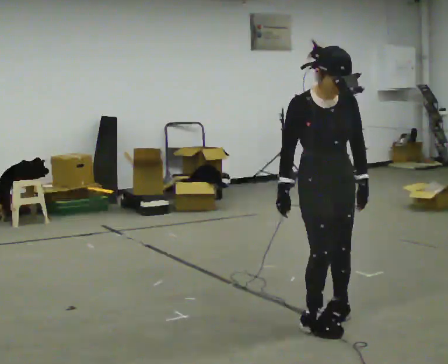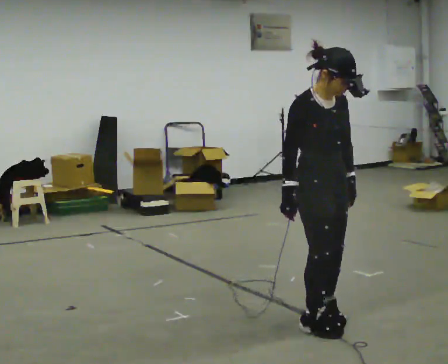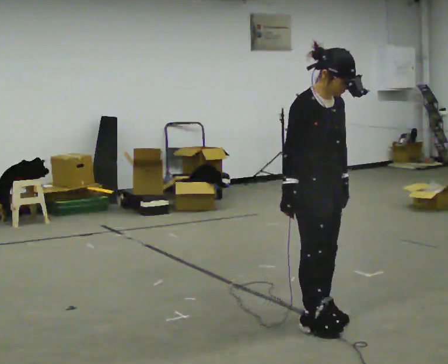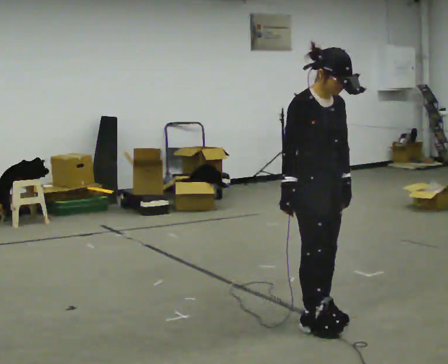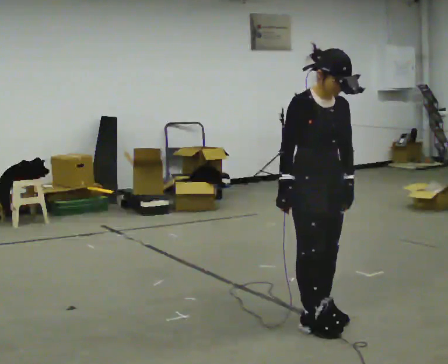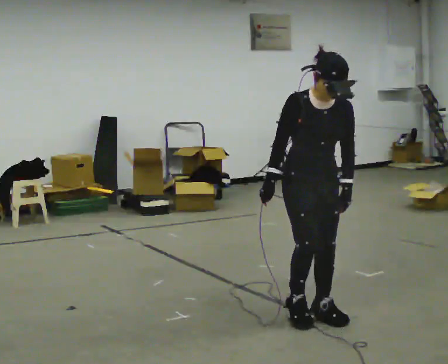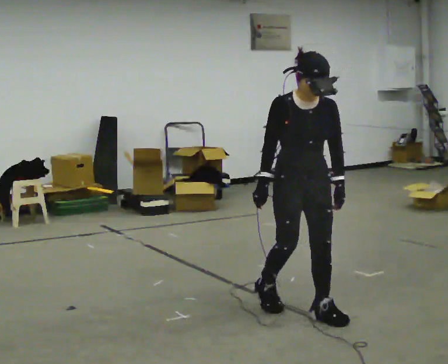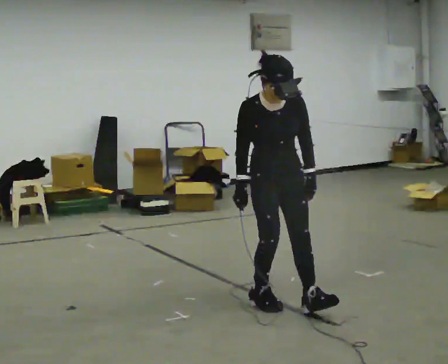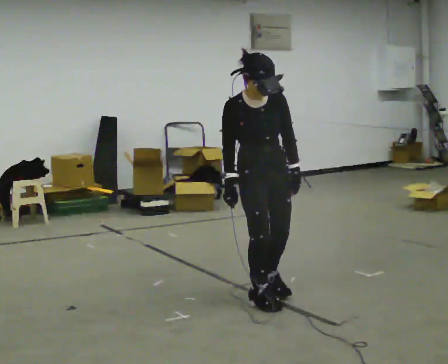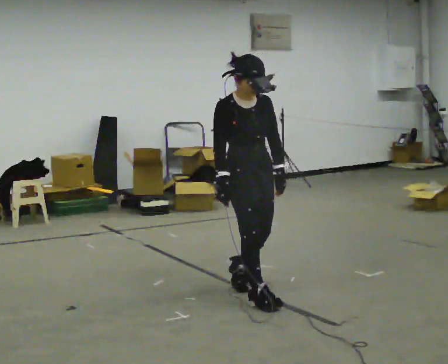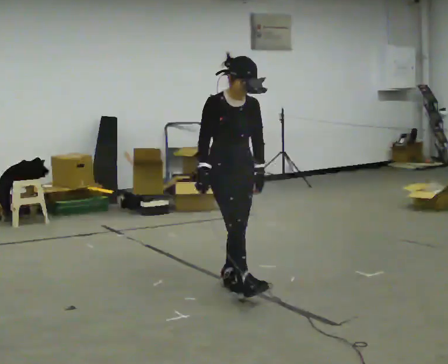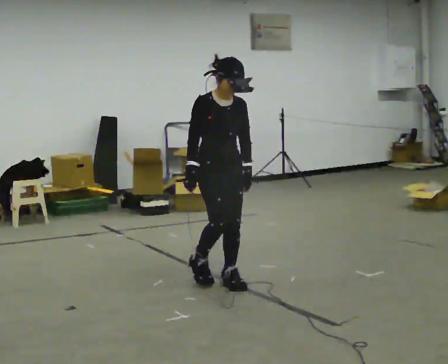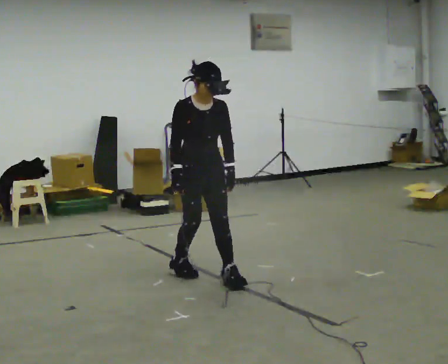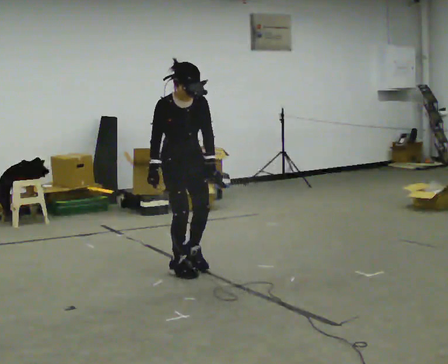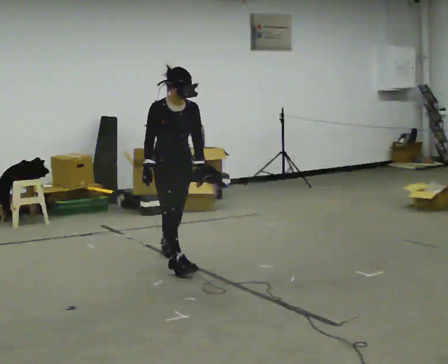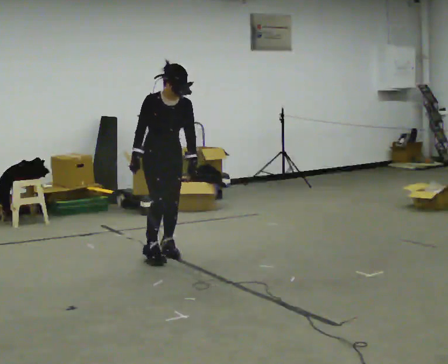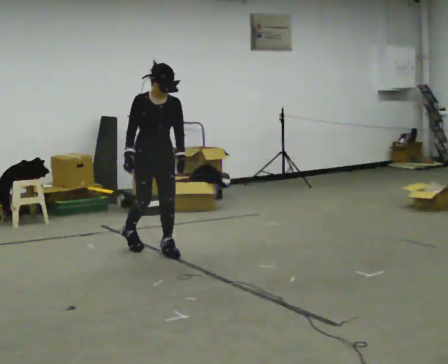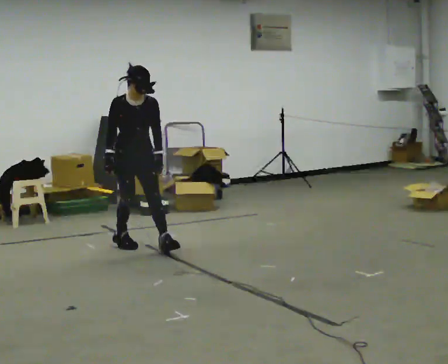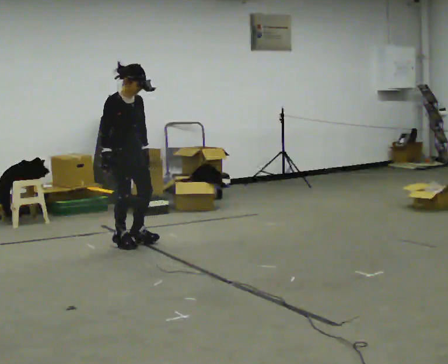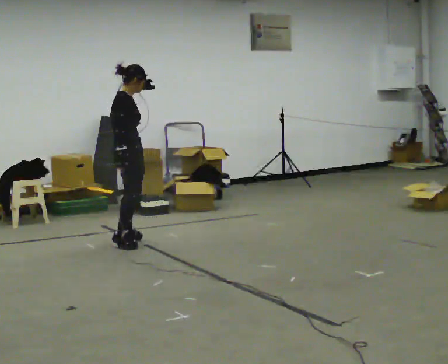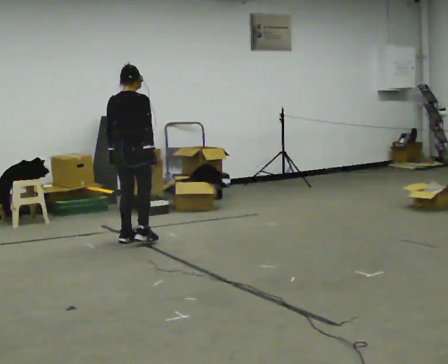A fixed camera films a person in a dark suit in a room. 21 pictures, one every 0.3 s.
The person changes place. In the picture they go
away from the camera.
0.0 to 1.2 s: The person moves a little, or ends about where they began.
1.2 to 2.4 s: In the picture they go away from the camera and to the left, about 0.5 m in 1 step, which for them is backward and to their right.
2.4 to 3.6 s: In the picture they go away from the camera and to the left, about 0.5 m in 2 steps, which for them is backward.
3.6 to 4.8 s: In the picture they go away from the camera and to the left, about 1 m in 1 step, which for them is backward.
4.8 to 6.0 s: Seen from above the body turns counterclockwise, about 135 degrees: to their left, with its near side sliding to the right. In the picture they go away from the camera and to the left, about 0.5 m in 2 steps.
The film runs forward here.
